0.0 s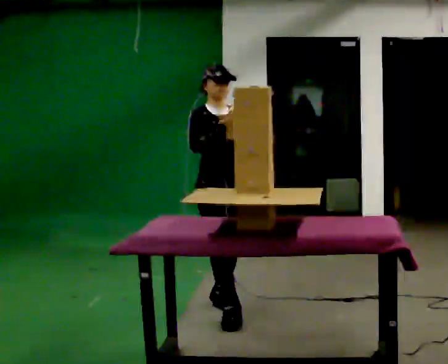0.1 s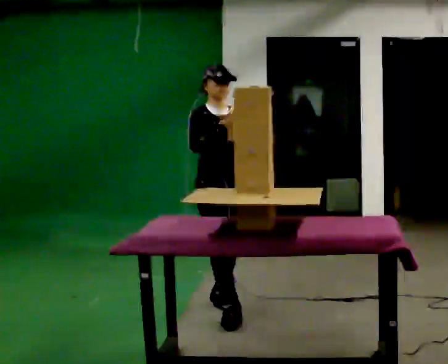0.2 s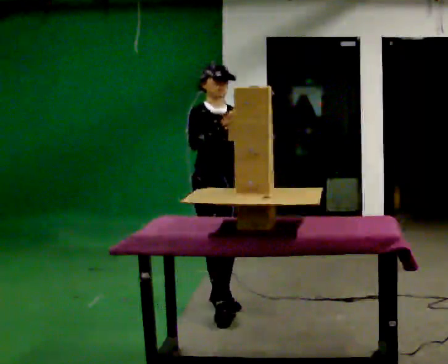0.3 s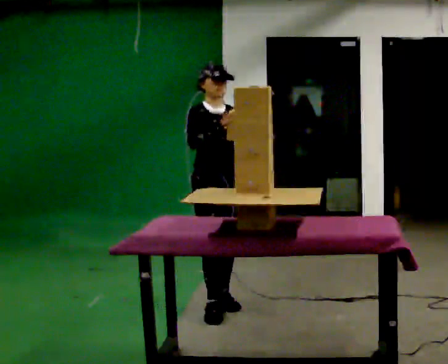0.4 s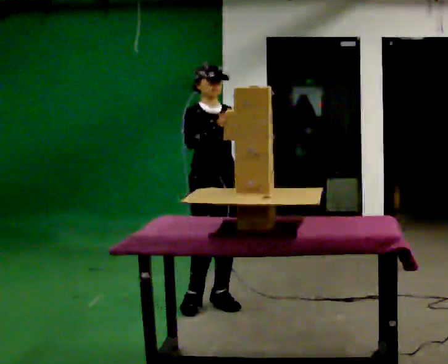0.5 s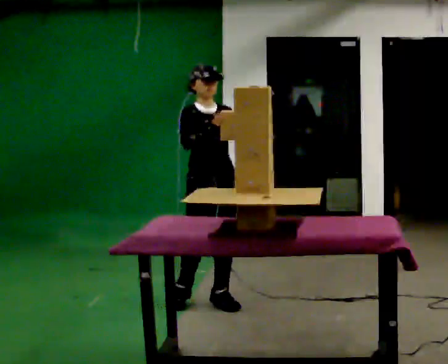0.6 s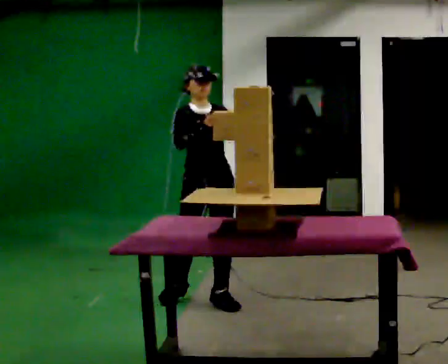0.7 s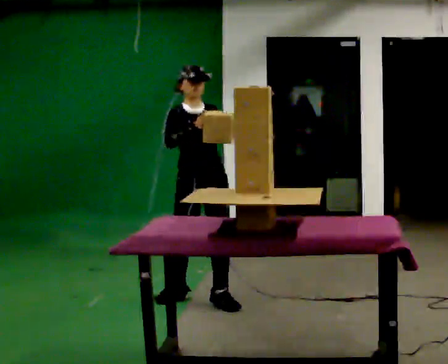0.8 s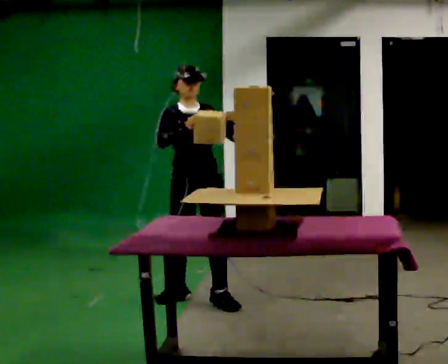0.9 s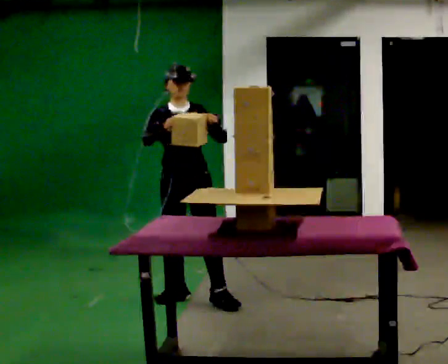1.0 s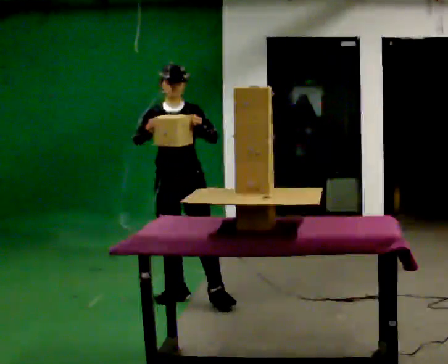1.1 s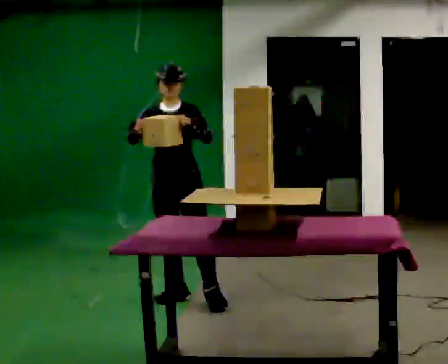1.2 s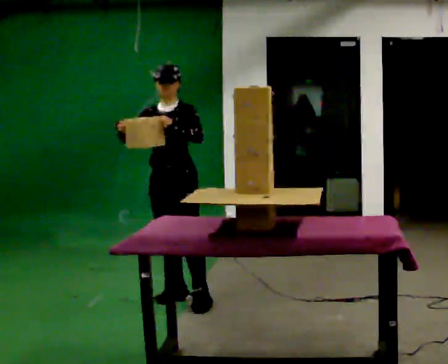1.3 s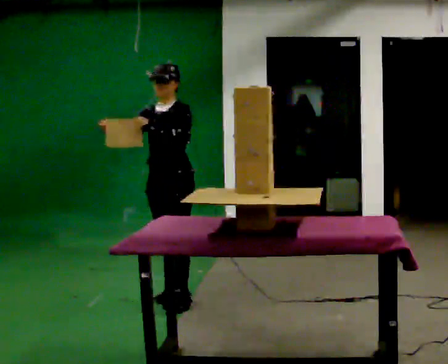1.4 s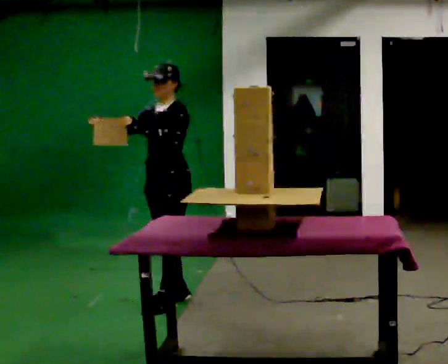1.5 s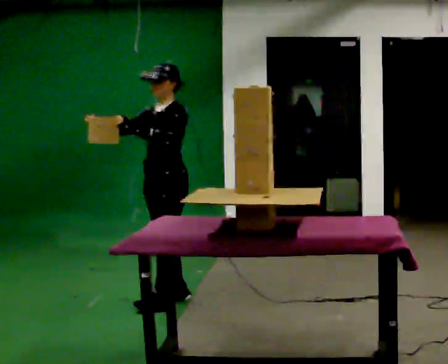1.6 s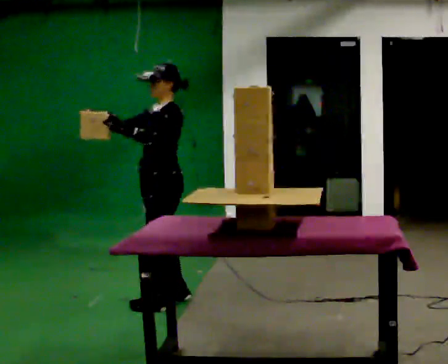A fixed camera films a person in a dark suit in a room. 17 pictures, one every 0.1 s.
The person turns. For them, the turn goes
to their right.
The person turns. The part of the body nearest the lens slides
to the left.
0.0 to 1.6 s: The part of the body nearest the lens slides to the left as the person turns to their right by about 90 degrees. In the picture they go to the left and away from the camera, about 0.5 m in 2 steps.
The film runs backward here.
